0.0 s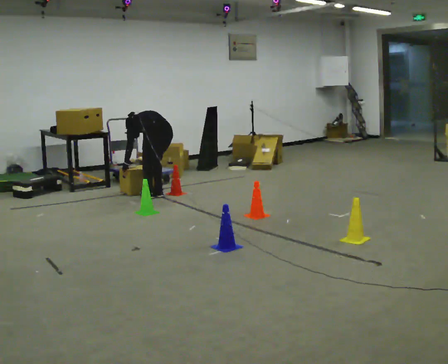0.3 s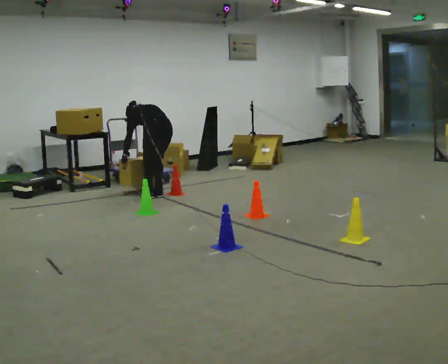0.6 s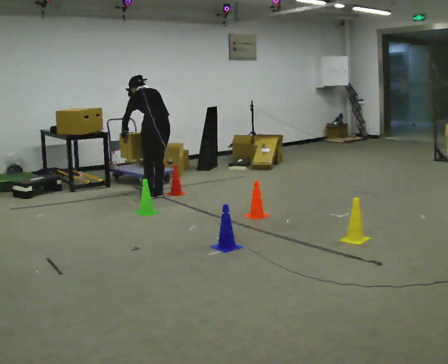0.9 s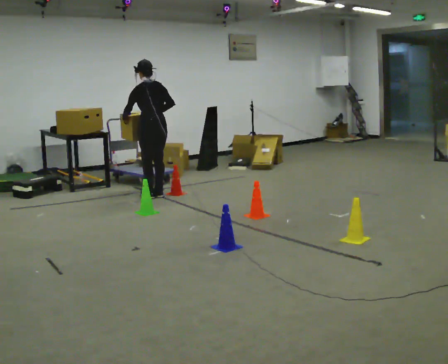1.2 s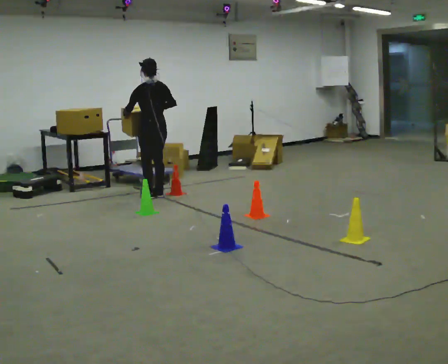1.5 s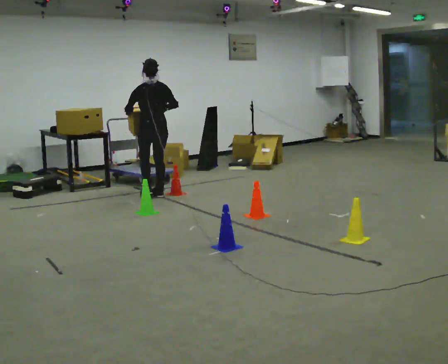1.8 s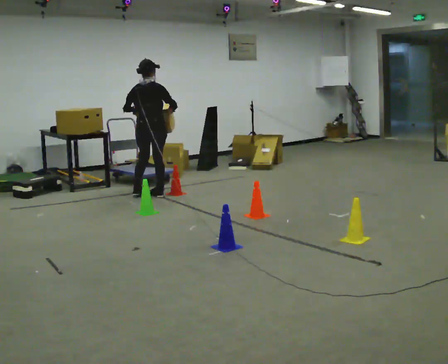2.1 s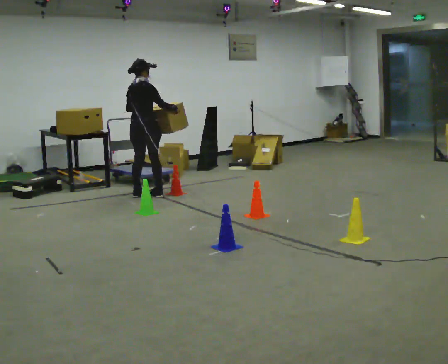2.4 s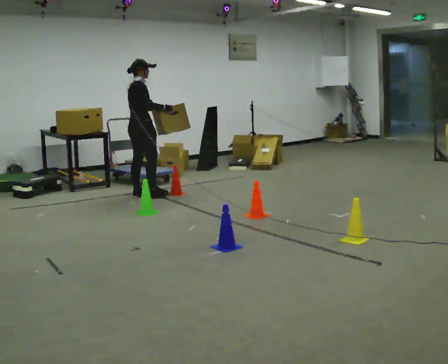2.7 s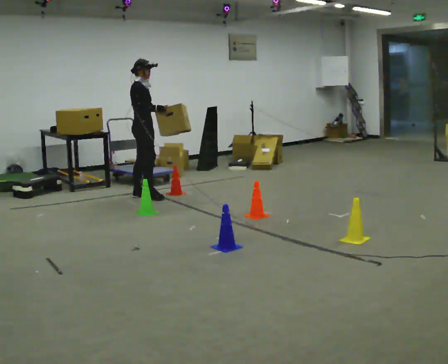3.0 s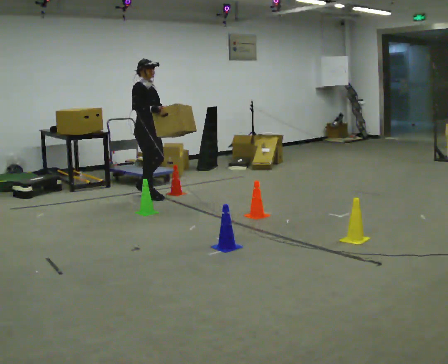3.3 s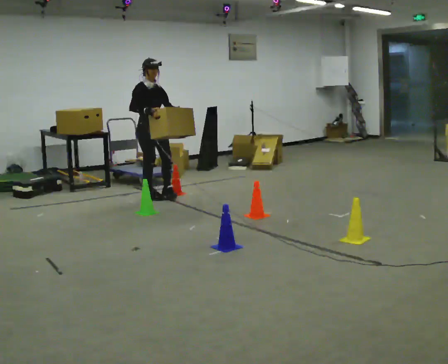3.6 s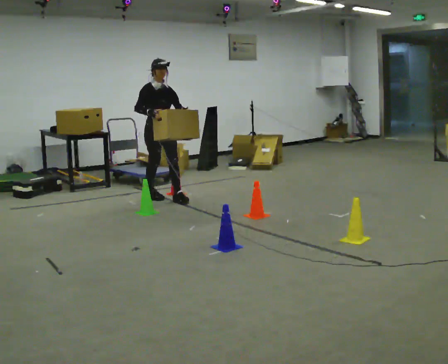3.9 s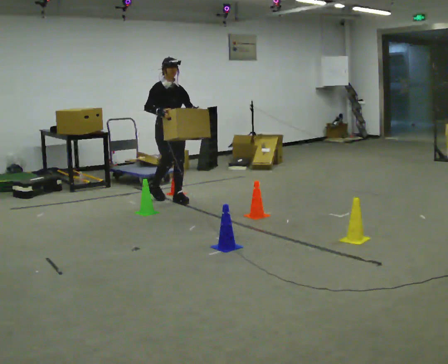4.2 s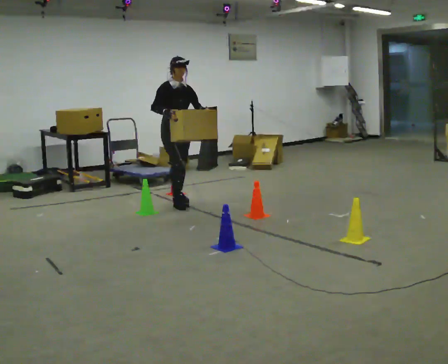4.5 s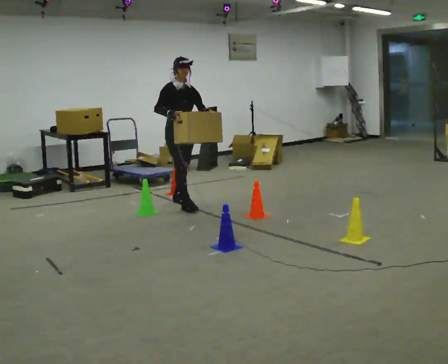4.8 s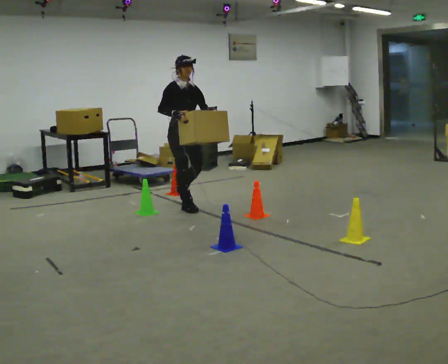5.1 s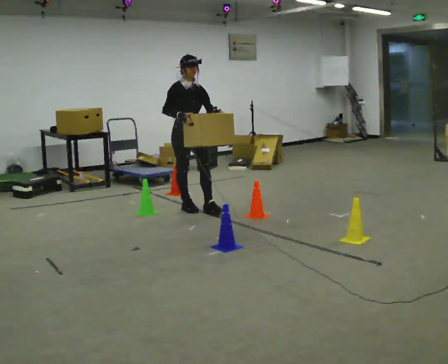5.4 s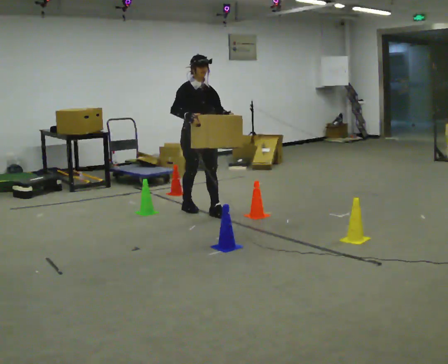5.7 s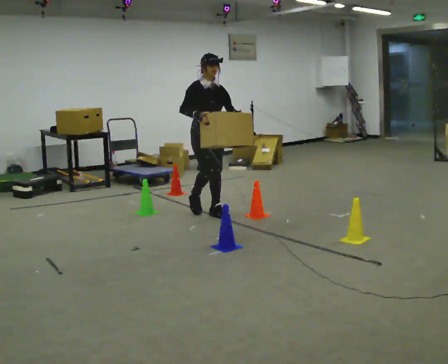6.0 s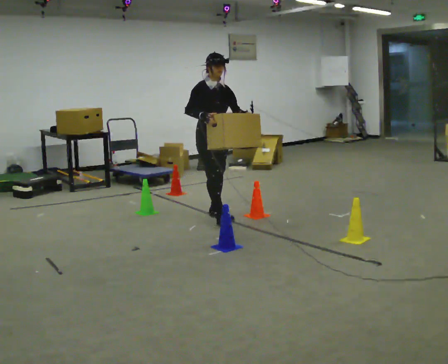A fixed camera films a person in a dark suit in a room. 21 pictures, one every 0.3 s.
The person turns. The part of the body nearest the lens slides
to the left.
The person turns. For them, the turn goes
to their right.
0.0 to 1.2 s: The shoulders move upward. The upper body tips toward the camera, its near side rolling downward, as they lean back or straighten. In the picture their right hand goes upward.
1.2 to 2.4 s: The part of the body nearest the lens slides to the left as the person turns to their right by about 90 degrees. In the picture they go to the left, about 0.25 m in 1 step.
2.4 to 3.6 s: The part of the body nearest the lens slides to the left as the person turns to their right by about 75 degrees. In the picture they go to the right and toward the camera, about 0.25 m in 1 step.
3.6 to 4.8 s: In the picture they go toward the camera and to the right, about 0.5 m in 1 step, which for them is forward.
4.8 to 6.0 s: In the picture they go toward the camera and to the right, about 0.5 m in 1 step, which for them is forward.
The film runs forward here.
